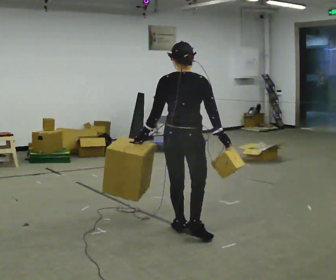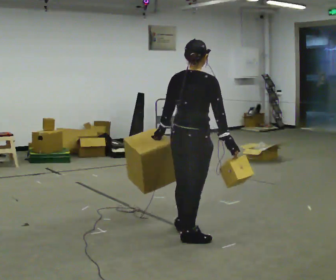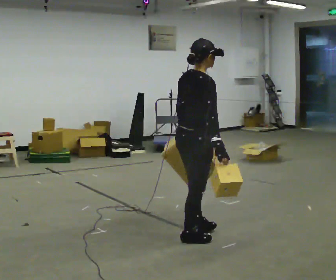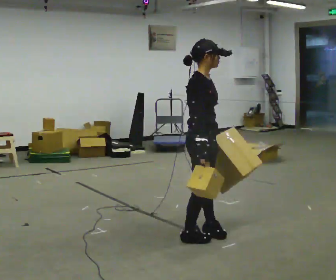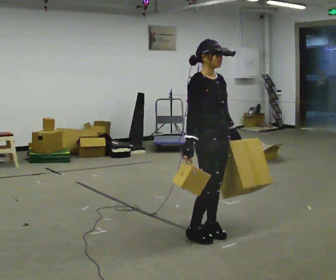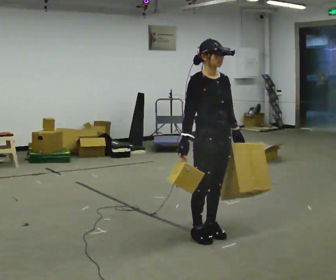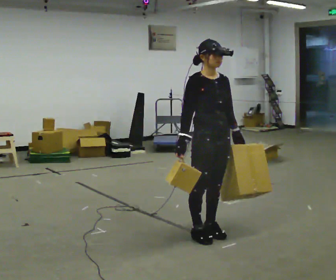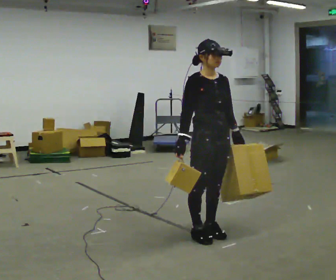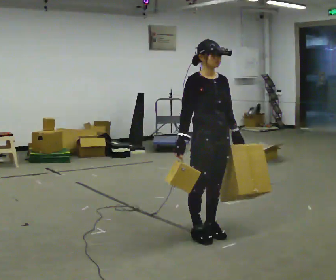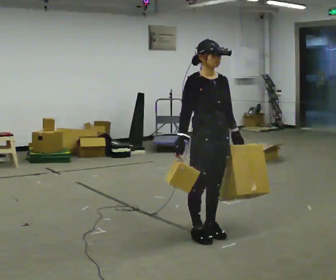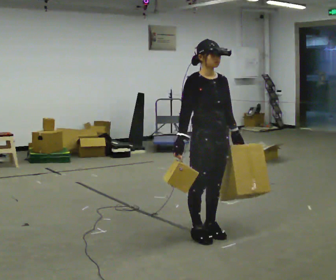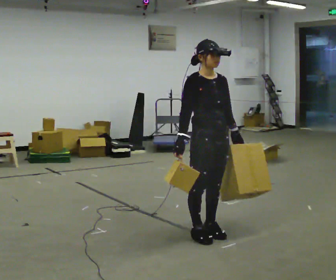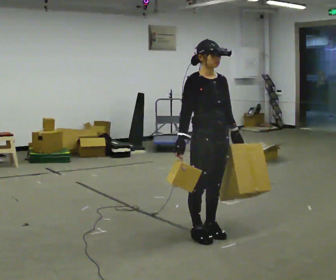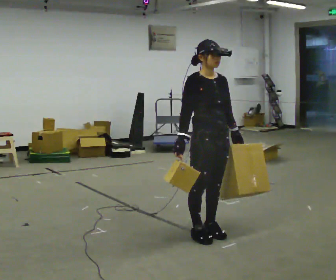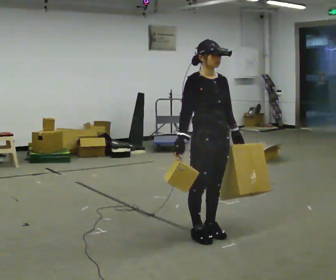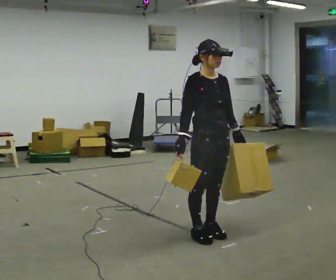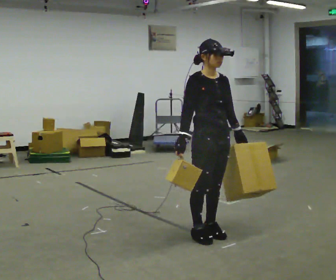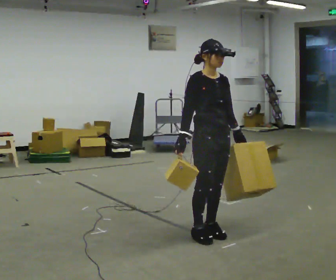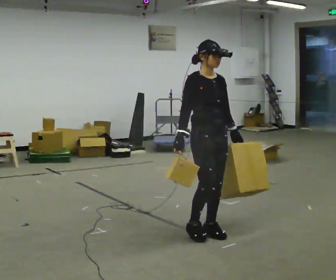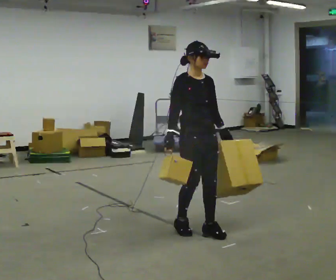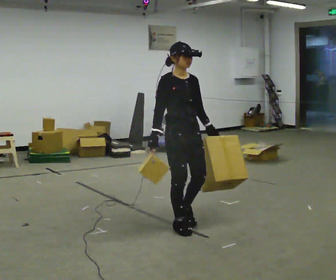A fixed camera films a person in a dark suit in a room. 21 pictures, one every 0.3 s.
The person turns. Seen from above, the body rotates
clockwise.
The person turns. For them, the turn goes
to their right.
0.0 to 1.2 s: Seen from above the body turns clockwise, about 120 degrees: to their right, with its near side sliding to the left. In the picture they go to the right, about 0.25 m in 1 step. In the picture their left hand goes to the right, the arm swinging counterclockwise.
1.2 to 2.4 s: The person moves a little, or ends about where they began.
2.4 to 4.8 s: The person keeps their place and pose.
4.8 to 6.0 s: In the picture they go to the left and away from the camera, about 0.25 m in 2 steps, which for them is backward.
The film runs backward here.
